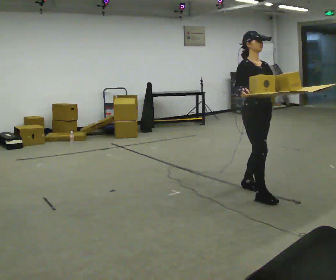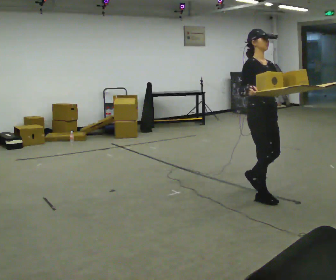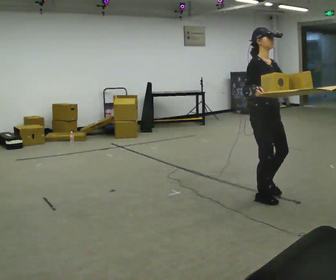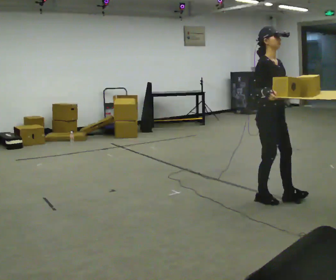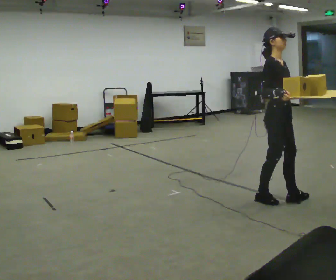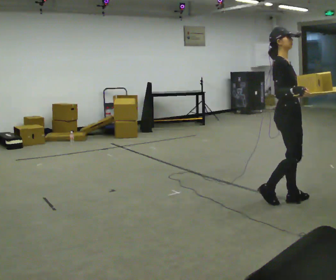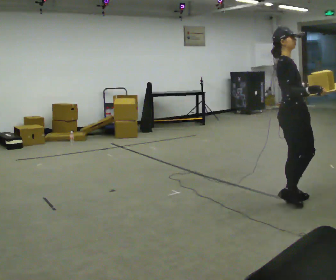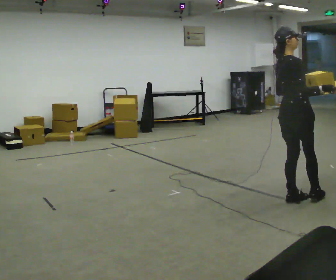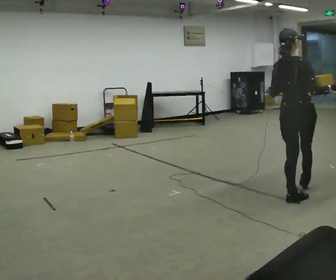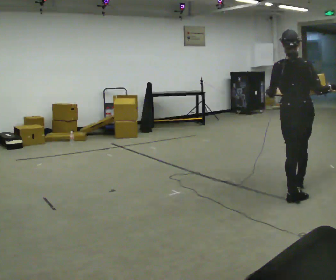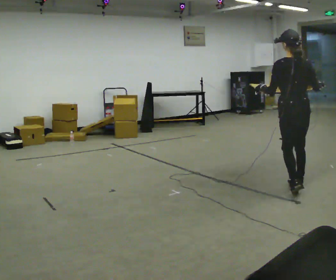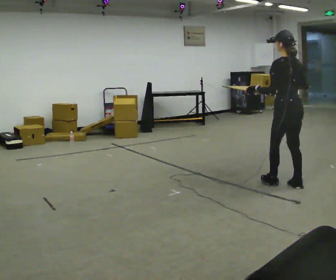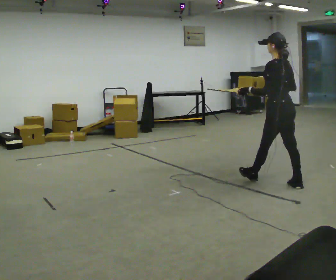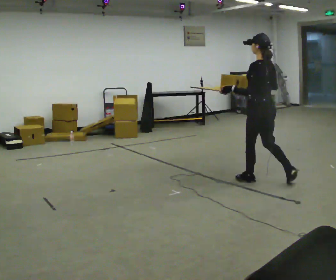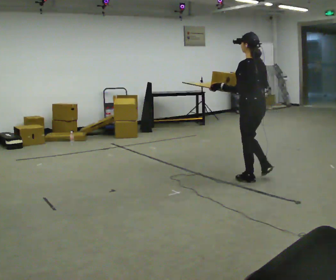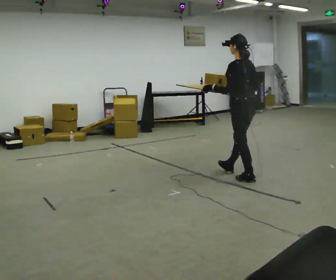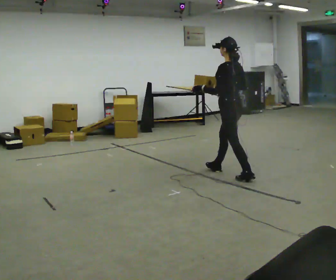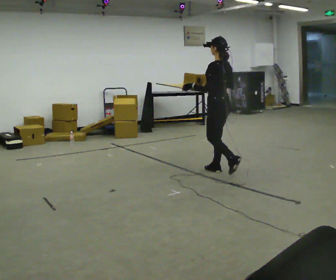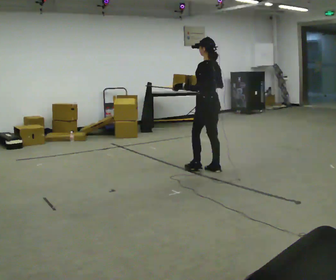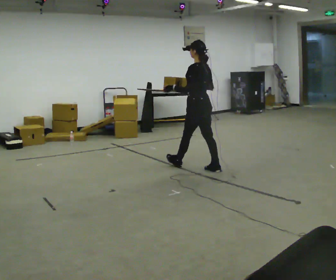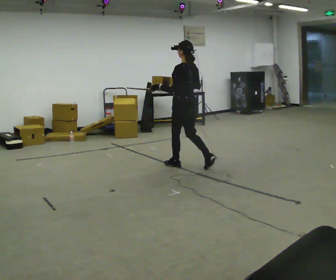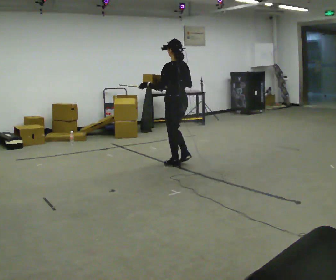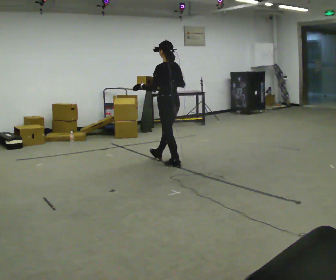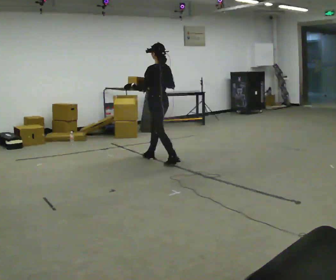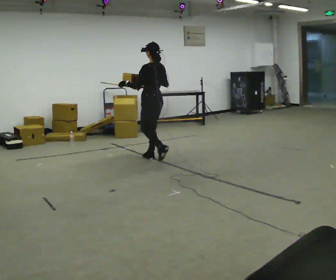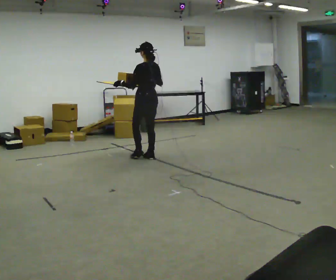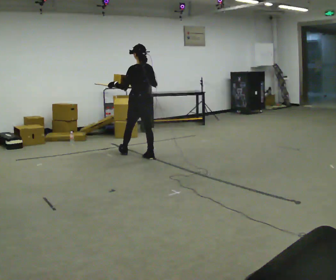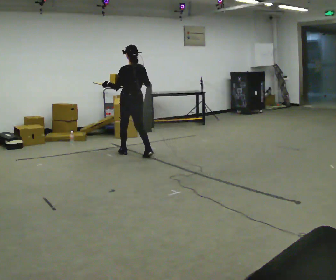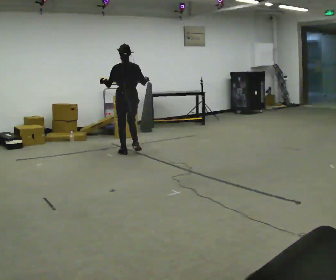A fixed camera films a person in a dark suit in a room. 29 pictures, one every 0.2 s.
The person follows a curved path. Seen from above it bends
counterclockwise.
0.0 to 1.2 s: The part of the body nearest the lens slides to the right as the person turns to their left by about 60 degrees. In the picture they go to the right and toward the camera, about 0.25 m in 1 step, which for them is forward.
1.2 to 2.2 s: Seen from above the body turns counterclockwise, about 120 degrees: to their left, with its near side sliding to the right. In the picture they go away from the camera, about 0.25 m in 1 step.
2.2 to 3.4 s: In the picture they go to the left and away from the camera, about 1 m in 2 steps, which for them is forward.
3.4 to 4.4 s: In the picture they go to the left and away from the camera, about 1 m in 1 step, which for them is forward.
4.4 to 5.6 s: Seen from above the body turns clockwise, about 30 degrees: to their right, with its near side sliding to the left. In the picture they go to the left and away from the camera, about 1 m in 2 steps, which for them is forward.
The film runs forward here.
